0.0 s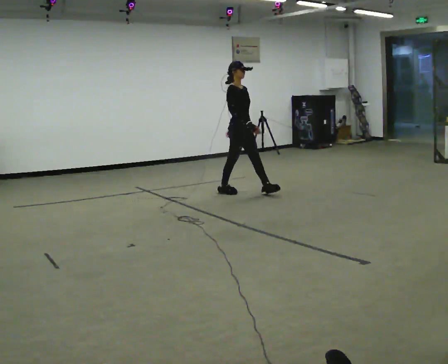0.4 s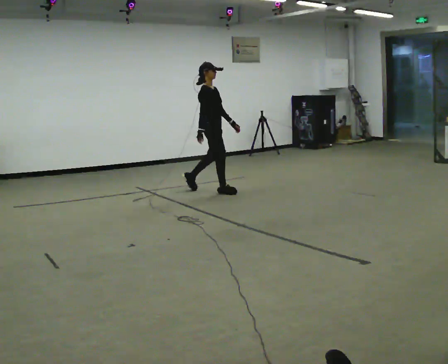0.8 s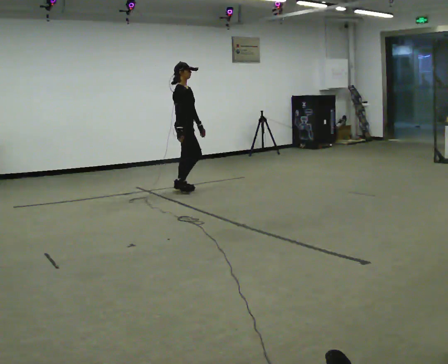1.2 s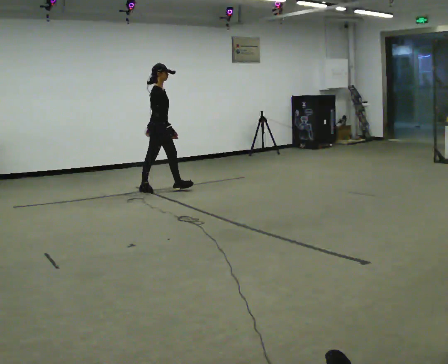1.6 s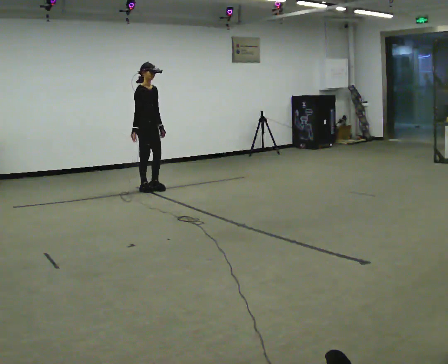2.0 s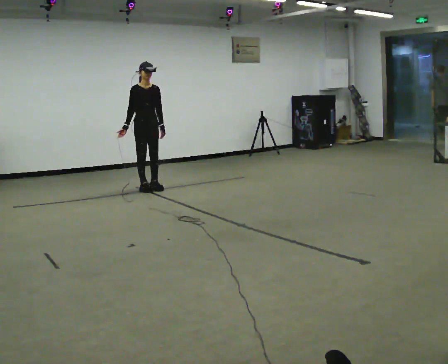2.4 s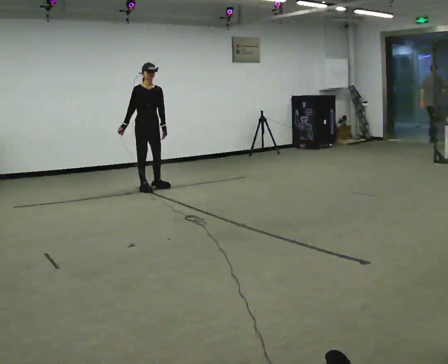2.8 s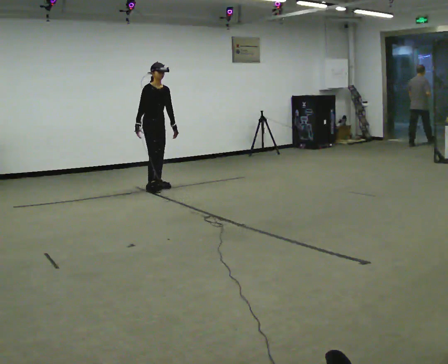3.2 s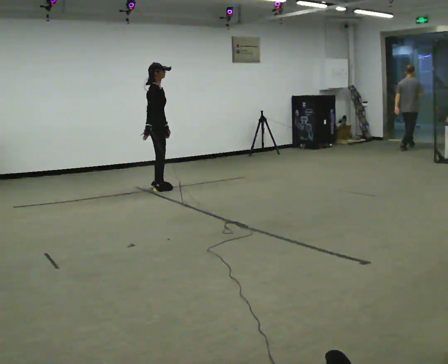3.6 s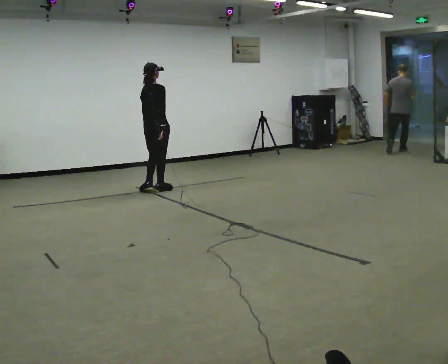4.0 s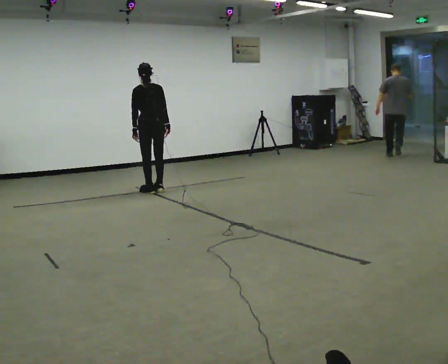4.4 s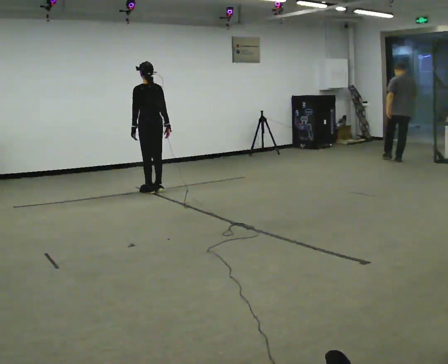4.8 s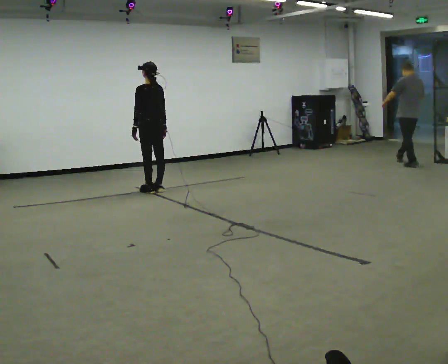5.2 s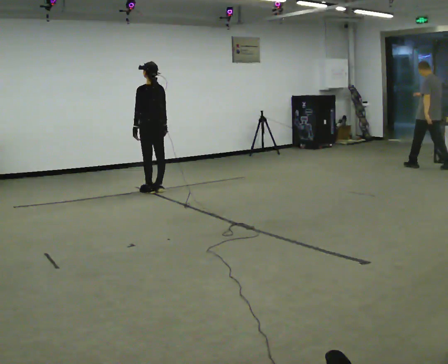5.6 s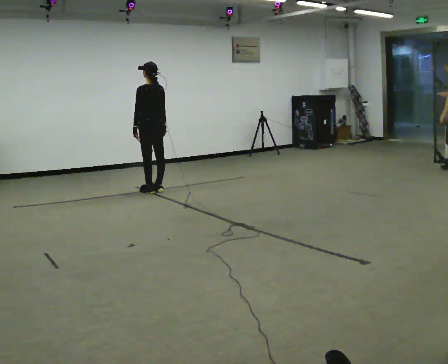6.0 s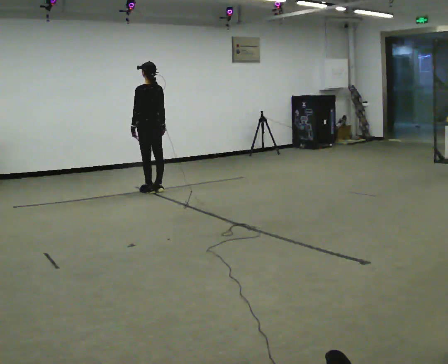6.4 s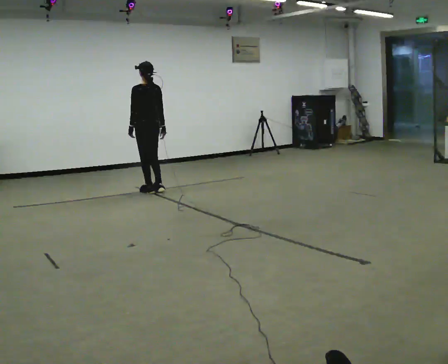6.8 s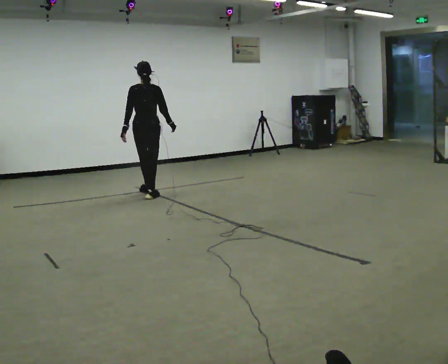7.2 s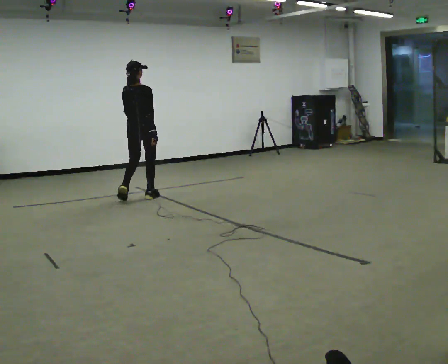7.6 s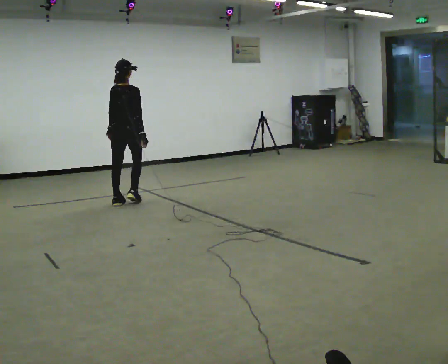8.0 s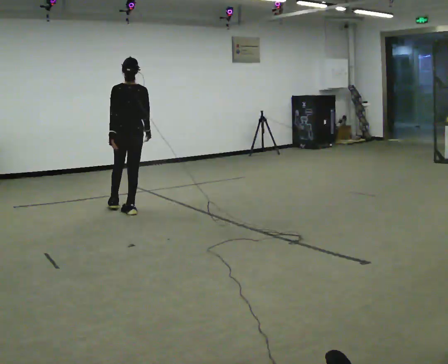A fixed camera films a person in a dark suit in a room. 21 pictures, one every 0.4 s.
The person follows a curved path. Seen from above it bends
counterclockwise.
0.0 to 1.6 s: In the picture they go to the left and away from the camera, about 1 m in 2 steps, which for them is backward.
1.6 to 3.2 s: The person moves a little, or ends about where they began.
3.2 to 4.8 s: The person turns about 135 degrees to their left, counterclockwise seen from above, so the part of the body nearest the lens slides to the right.
4.8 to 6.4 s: The person moves a little, or ends about where they began.
6.4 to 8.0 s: In the picture they go toward the camera, about 1 m in 3 steps, which for them is backward.
The film runs backward here.
